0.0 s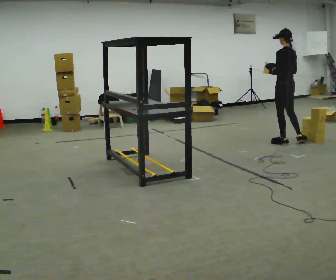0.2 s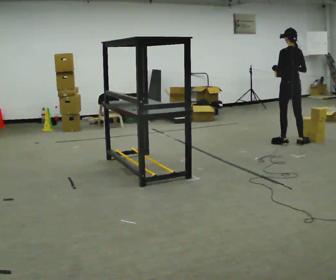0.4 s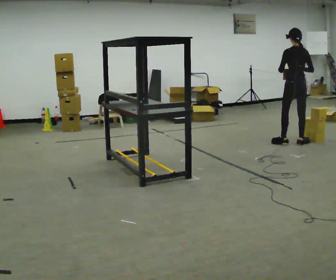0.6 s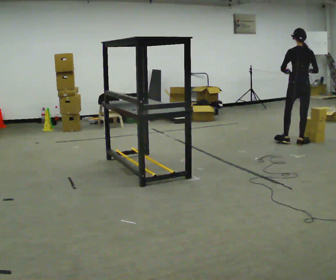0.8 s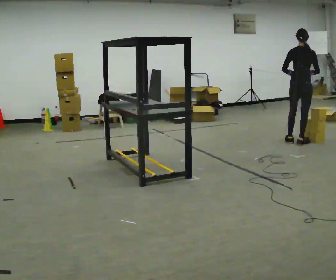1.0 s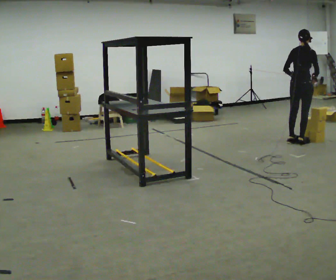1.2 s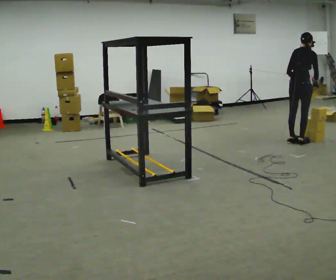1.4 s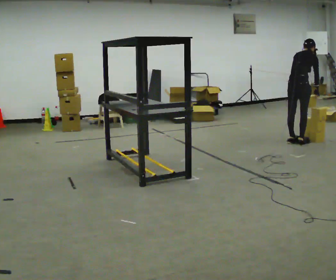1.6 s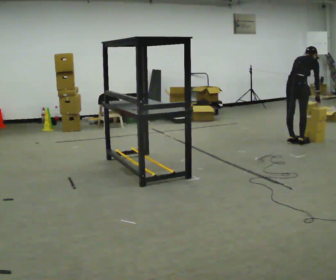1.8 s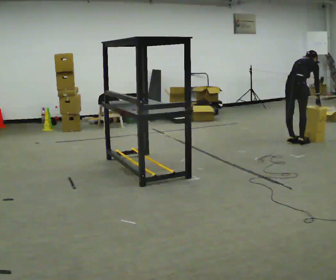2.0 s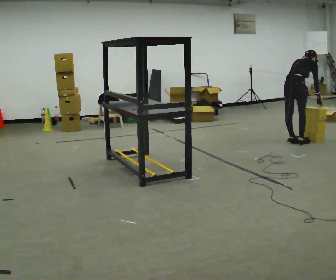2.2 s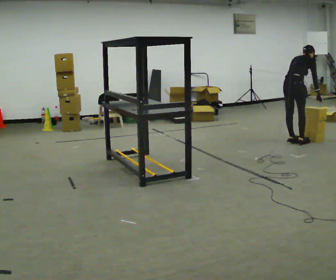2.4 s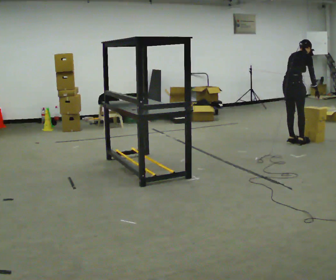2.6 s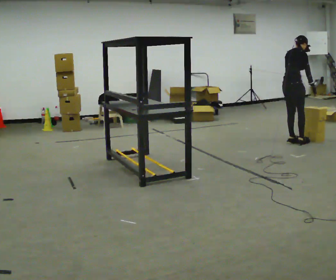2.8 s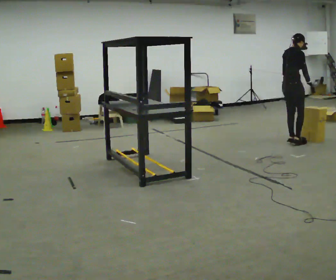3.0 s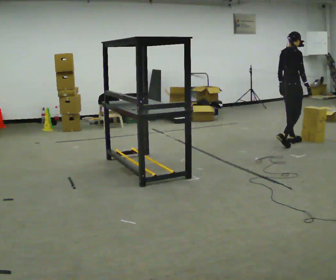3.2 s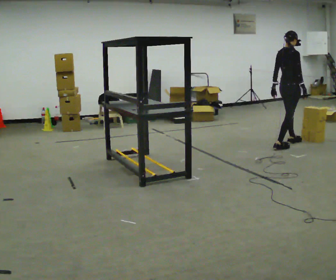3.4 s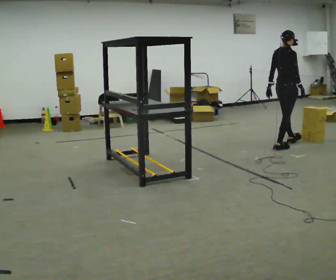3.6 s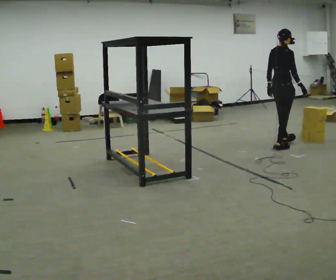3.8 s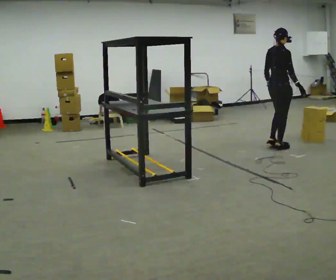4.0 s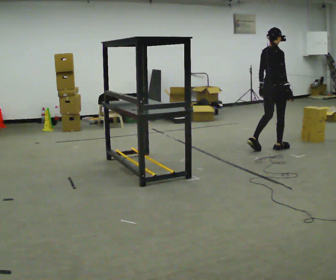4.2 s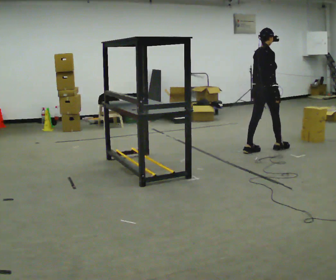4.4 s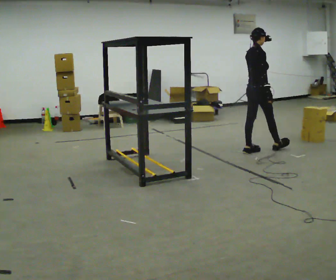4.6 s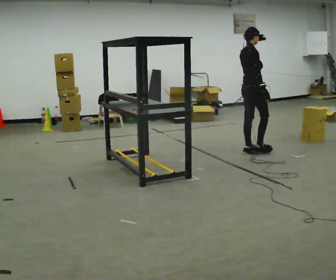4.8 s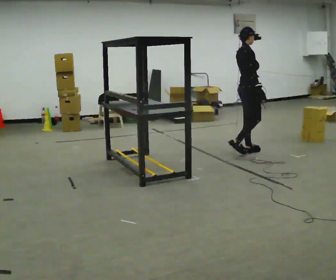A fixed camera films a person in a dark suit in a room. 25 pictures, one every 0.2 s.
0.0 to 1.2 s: Seen from above the body turns clockwise, about 75 degrees: to their right, with its near side sliding to the left. In the picture they go to the right, about 0.25 m. In the picture their right hand goes to the right.
1.2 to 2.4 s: The person moves a little, or ends about where they began.
2.4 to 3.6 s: In the picture they go toward the camera and to the left, about 0.25 m in 2 steps, which for them is backward and to their right. The upper body tips toward the camera, its near side rolling downward, as they lean back or straighten.
3.6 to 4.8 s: In the picture they go to the left and toward the camera, about 0.5 m in 1 step, which for them is backward.
The film runs backward here.
